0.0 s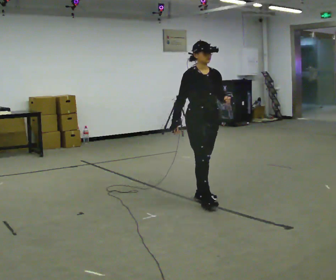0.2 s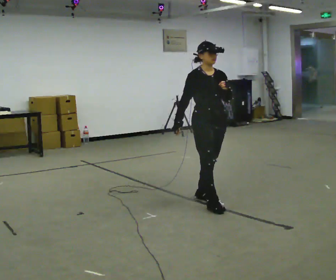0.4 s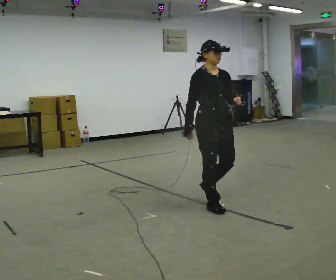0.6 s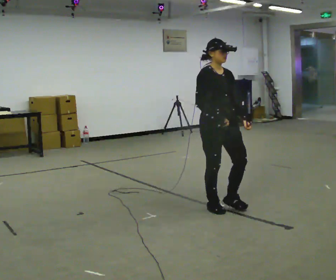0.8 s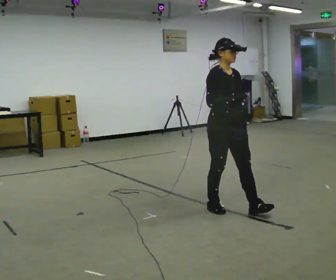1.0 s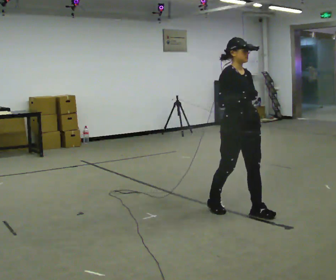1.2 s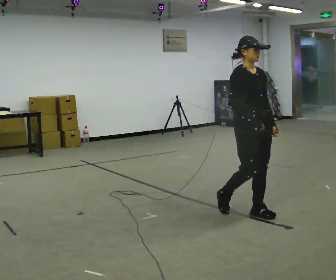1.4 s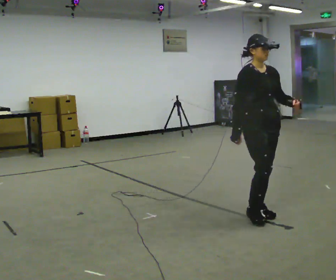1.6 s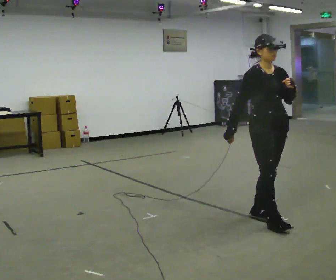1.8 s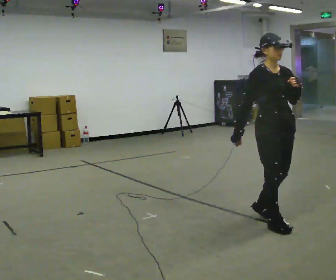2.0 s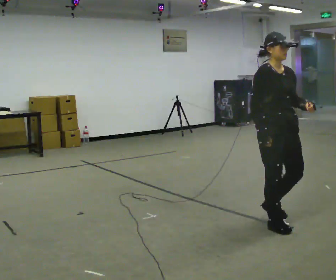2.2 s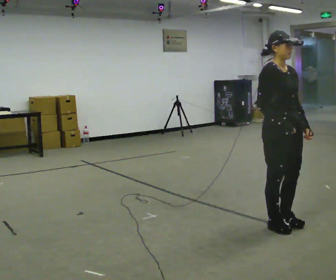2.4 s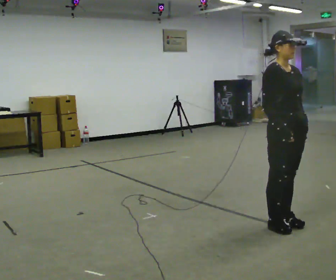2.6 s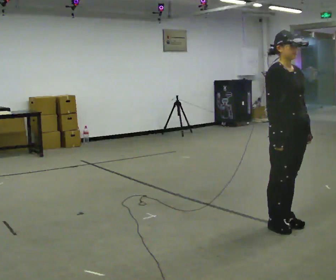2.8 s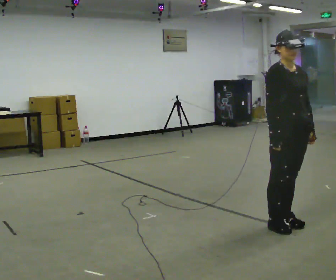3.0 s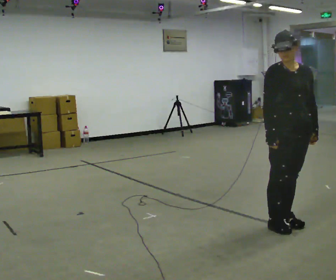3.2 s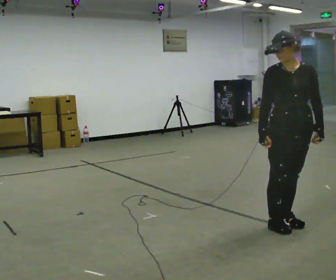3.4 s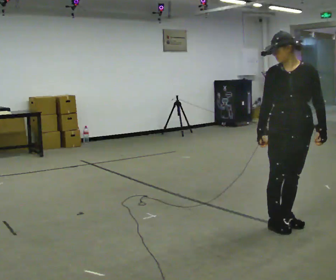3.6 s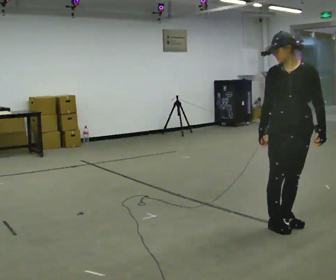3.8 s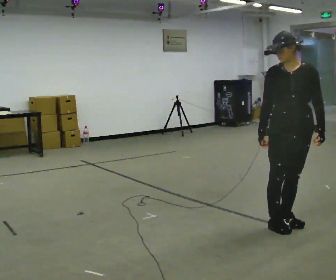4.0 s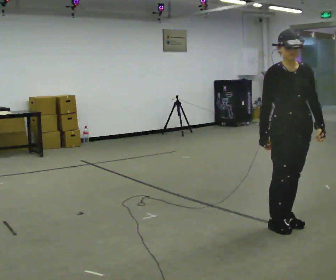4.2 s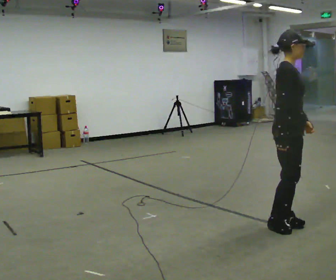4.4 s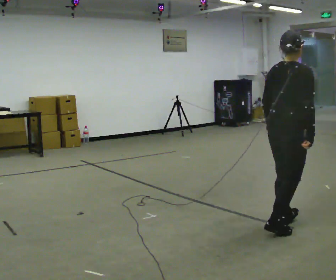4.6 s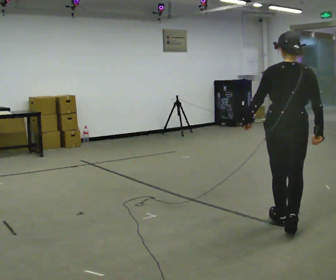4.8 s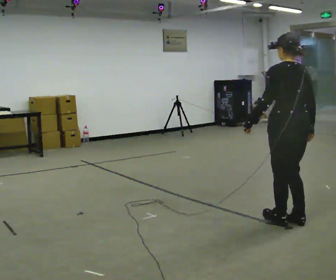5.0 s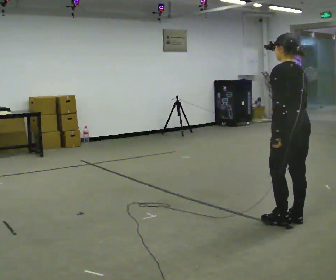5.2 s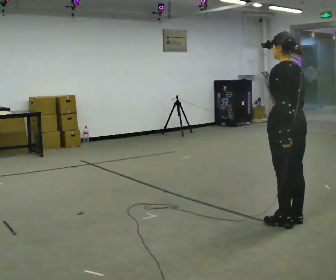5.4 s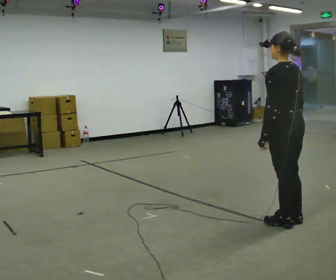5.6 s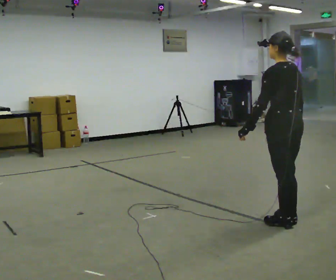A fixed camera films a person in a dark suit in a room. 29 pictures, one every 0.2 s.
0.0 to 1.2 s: In the picture they go to the right and toward the camera, about 0.75 m in 2 steps, which for them is forward.
1.2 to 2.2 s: In the picture they go toward the camera and to the right, about 0.5 m in 2 steps, which for them is forward.
2.2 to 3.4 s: The person turns about 45 degrees to their right, clockwise seen from above, so the part of the body nearest the lens slides to the left.
3.4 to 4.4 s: Seen from above the body turns counterclockwise, about 150 degrees: to their left, with its near side sliding to the right. In the picture their left hand goes to the left, the arm swinging clockwise.
4.4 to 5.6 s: Seen from above the body turns counterclockwise, about 90 degrees: to their left, with its near side sliding to the right.
The film runs forward here.
